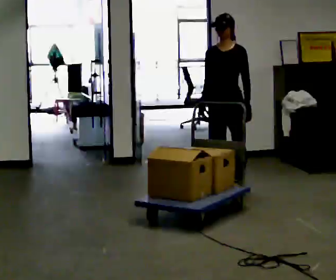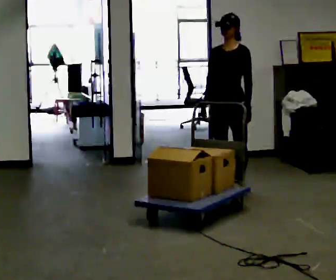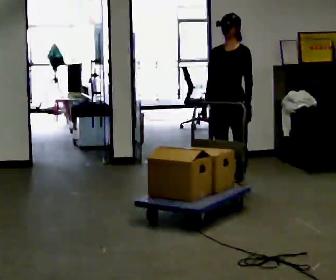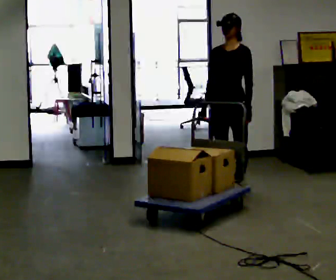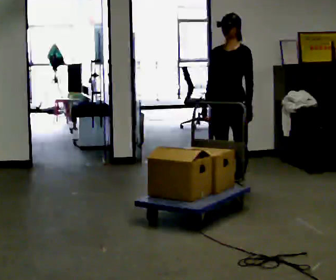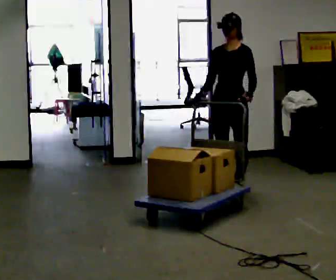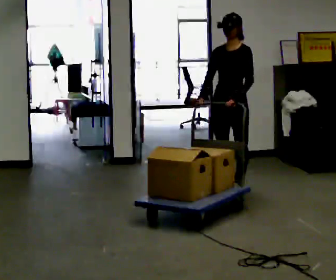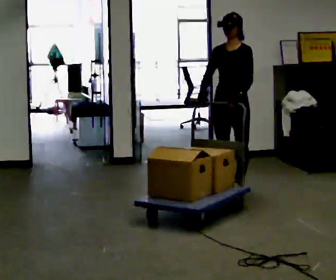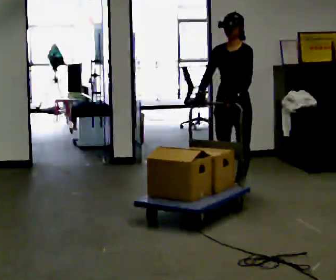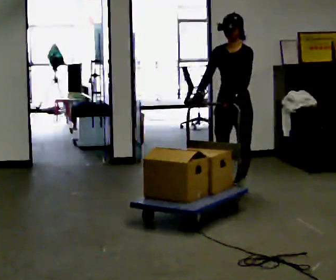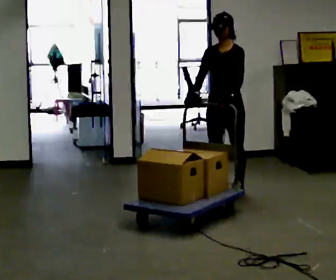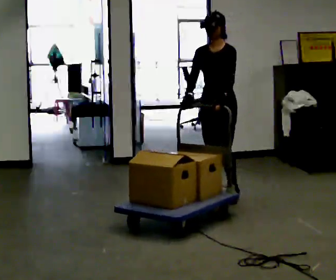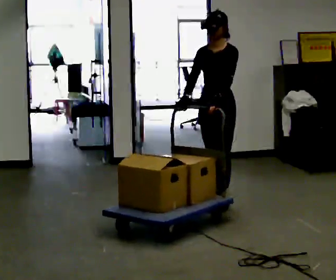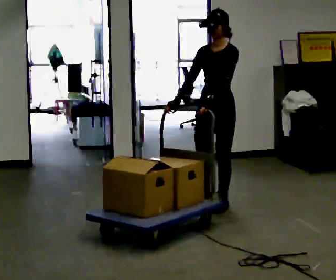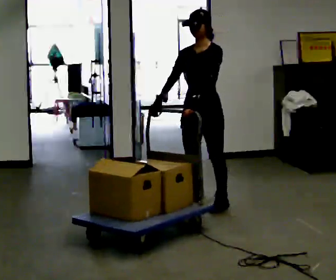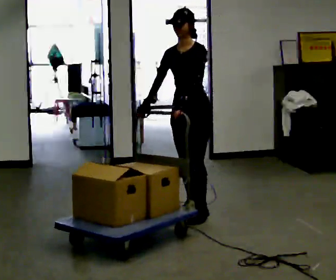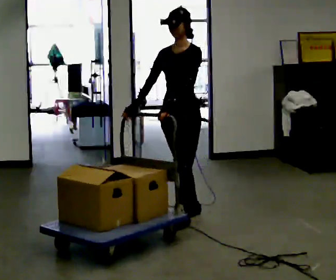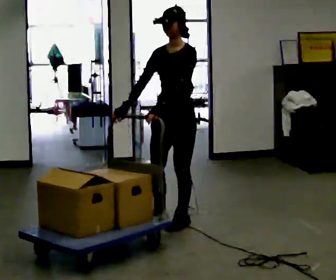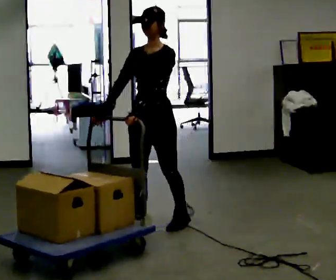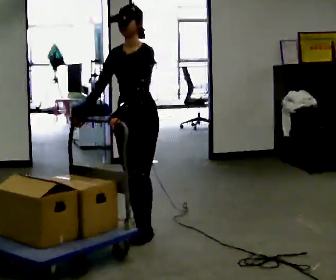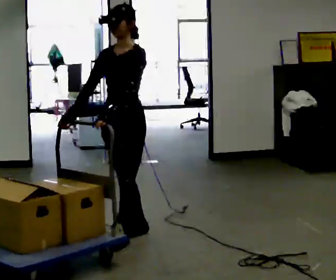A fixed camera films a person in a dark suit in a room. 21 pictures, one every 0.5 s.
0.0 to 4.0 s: The person moves a little, or ends about where they began.
4.0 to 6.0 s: In the picture they go toward the camera, about 0.25 m in 2 steps, which for them is forward.
6.0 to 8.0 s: In the picture they go toward the camera and to the left, about 0.5 m in 2 steps, which for them is forward.
8.0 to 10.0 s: In the picture they go toward the camera and to the left, about 0.5 m in 2 steps, which for them is forward.
The film runs forward here.
